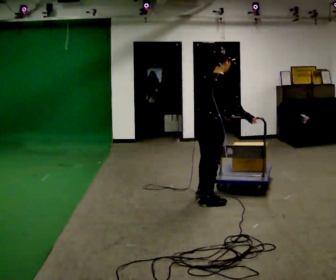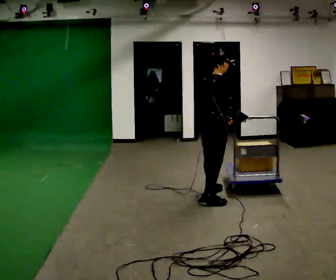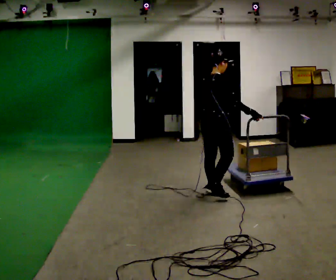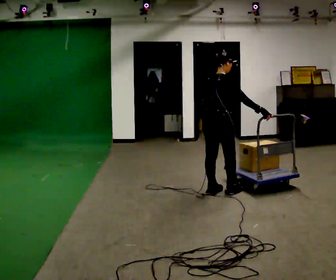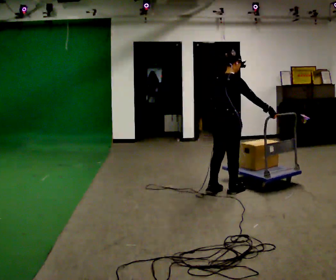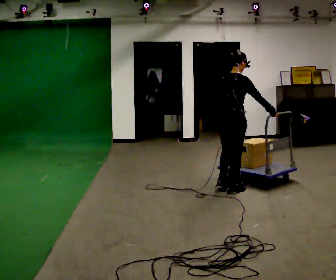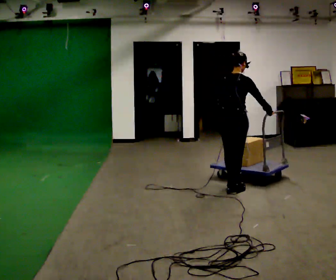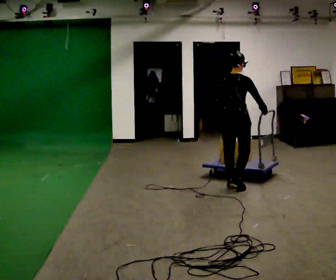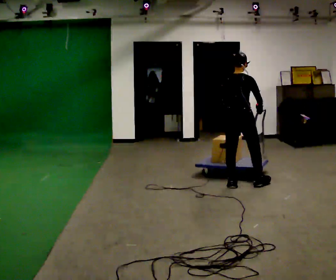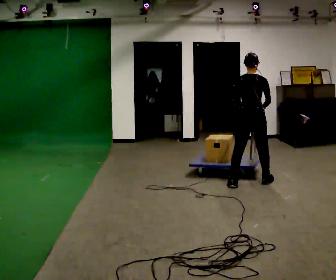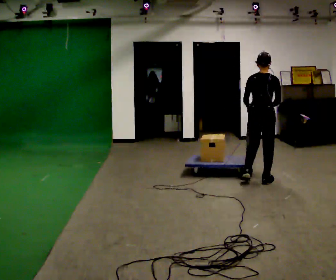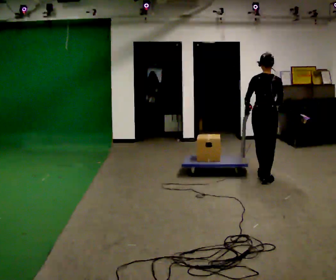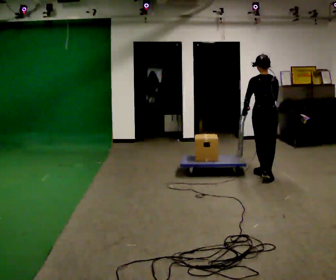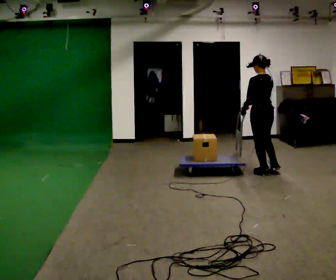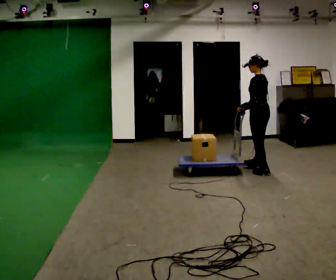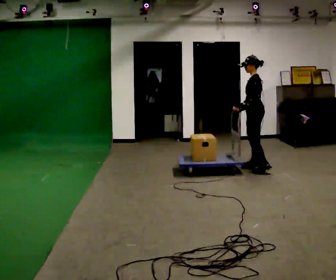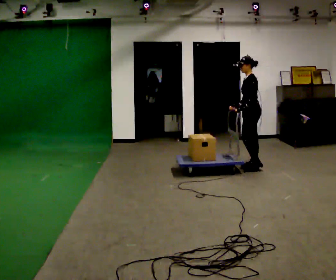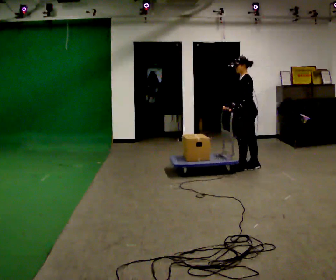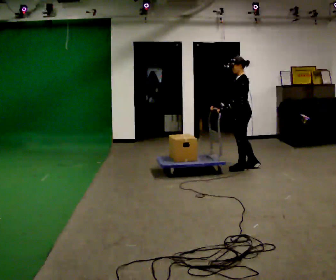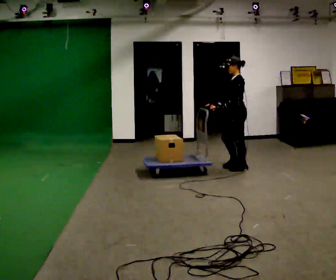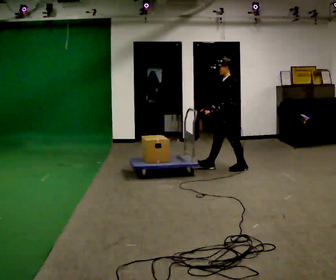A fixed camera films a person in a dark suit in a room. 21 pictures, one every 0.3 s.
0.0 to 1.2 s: In the picture they go away from the camera, about 0.5 m in 2 steps, which for them is forward.
1.2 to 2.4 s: In the picture they go away from the camera, about 0.25 m in 1 step, which for them is forward.
2.4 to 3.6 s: The person turns about 30 degrees to their left, counterclockwise seen from above, so the part of the body nearest the lens slides to the right. In the picture they go away from the camera and to the right, about 0.5 m in 2 steps, which for them is forward and to their right.
3.6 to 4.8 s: The person turns about 90 degrees to their left, counterclockwise seen from above, so the part of the body nearest the lens slides to the right. In the picture they go away from the camera and to the left, about 0.5 m in 1 step.
4.8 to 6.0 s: In the picture they go to the left, about 0.25 m in 2 steps, which for them is forward.
The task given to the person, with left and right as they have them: Stand still with your hands on the cart. When the operator says go, get it moving, push it a few metres, then bring it to a stop. Repeat until the operator says stop.
The film runs forward here.
